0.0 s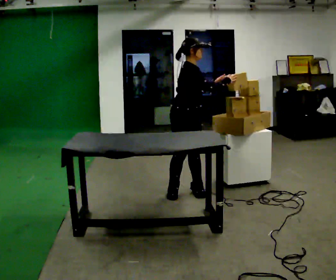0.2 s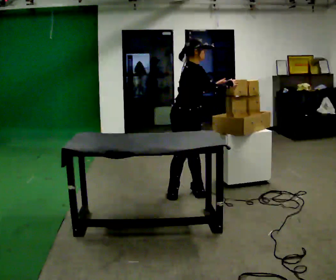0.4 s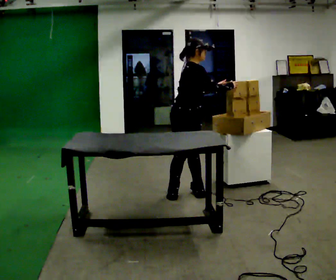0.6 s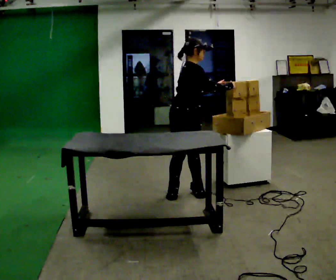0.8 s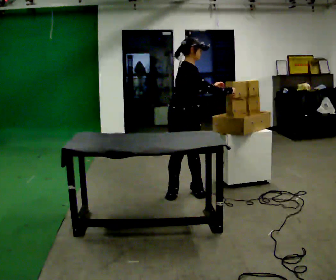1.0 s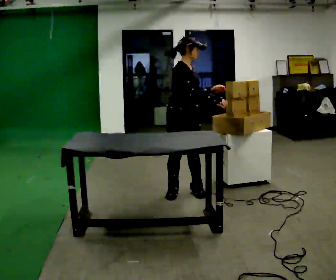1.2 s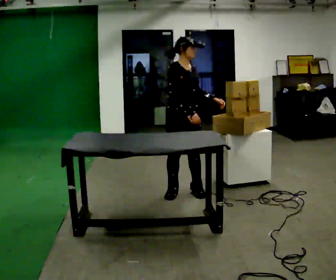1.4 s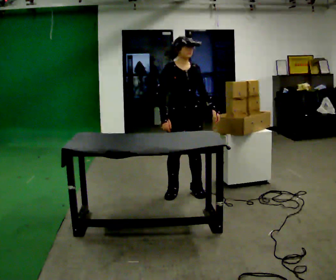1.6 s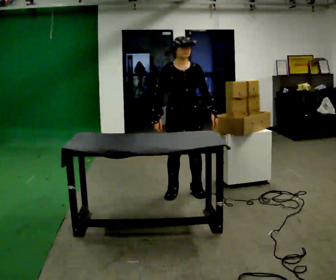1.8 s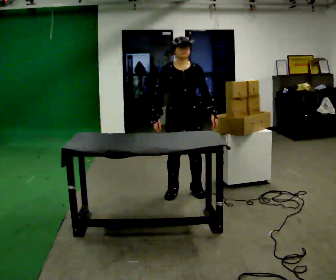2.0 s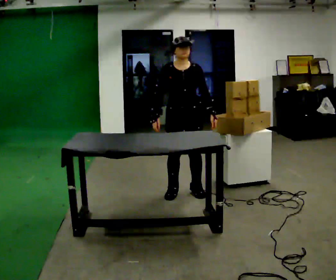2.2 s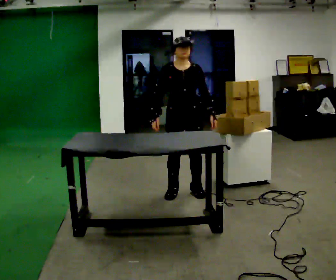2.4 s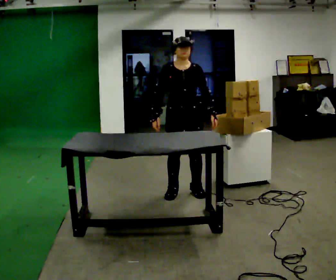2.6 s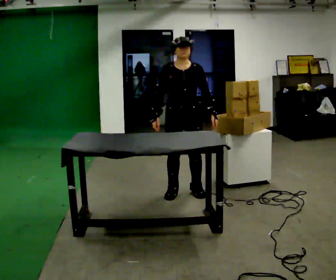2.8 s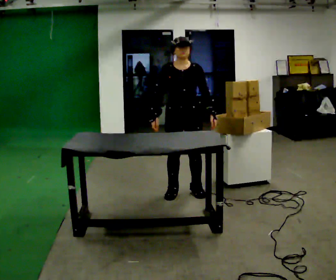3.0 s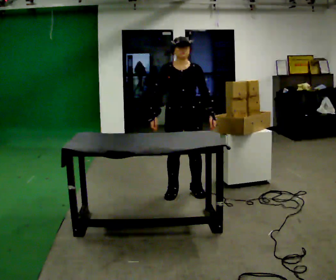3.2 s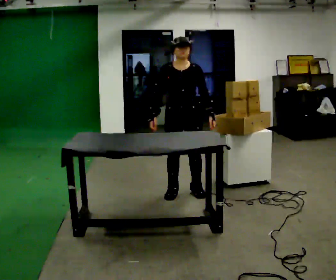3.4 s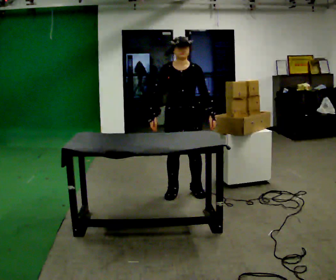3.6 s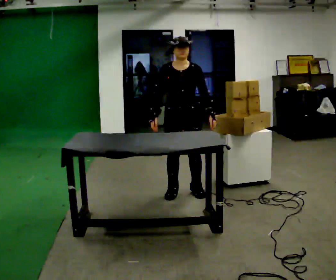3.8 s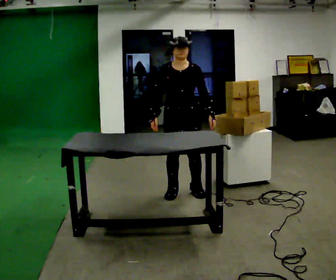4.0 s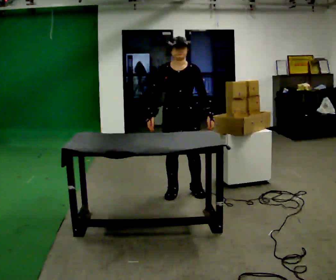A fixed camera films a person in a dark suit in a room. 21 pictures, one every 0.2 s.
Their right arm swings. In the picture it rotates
clockwise.
0.0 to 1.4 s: Seen from above the body turns clockwise, about 30 degrees: to their right, with its near side sliding to the left. In the picture their right hand goes to the left and downward, the arm swinging clockwise.
1.4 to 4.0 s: The person moves a little, or ends about where they began.
The film runs backward here.
